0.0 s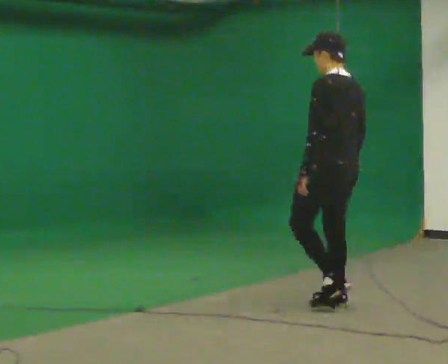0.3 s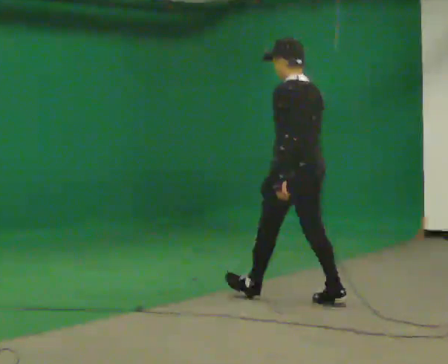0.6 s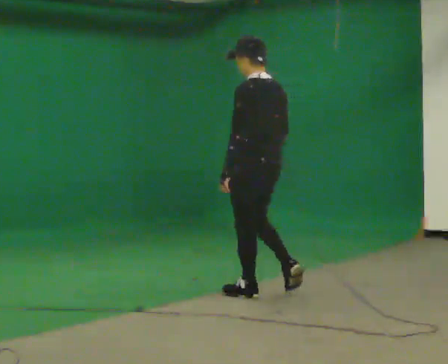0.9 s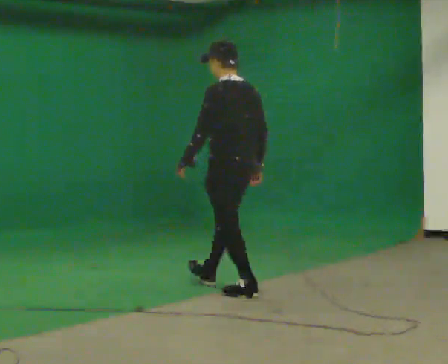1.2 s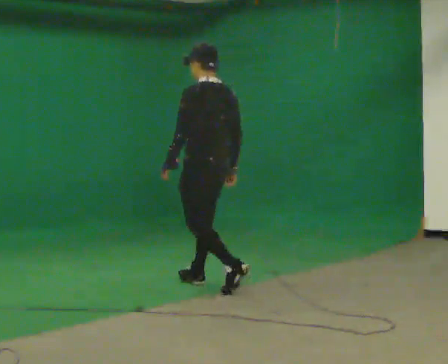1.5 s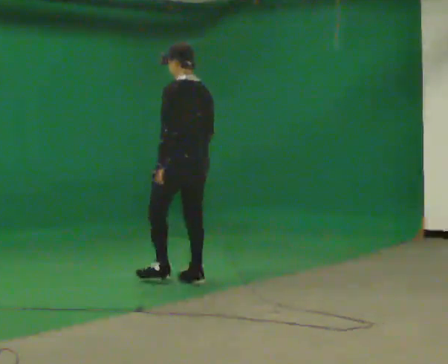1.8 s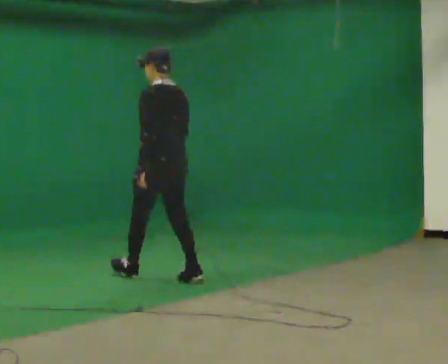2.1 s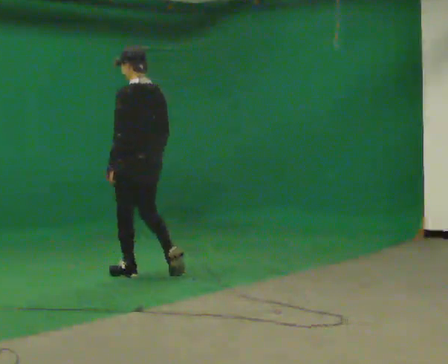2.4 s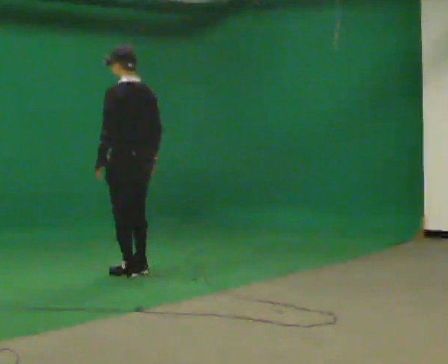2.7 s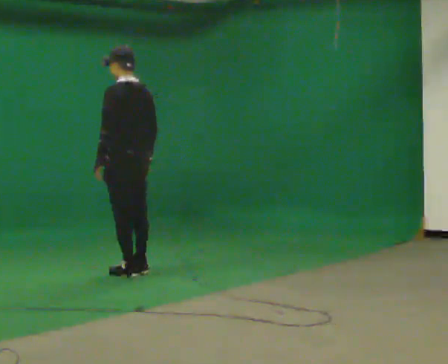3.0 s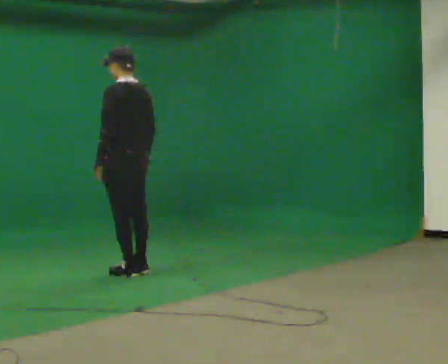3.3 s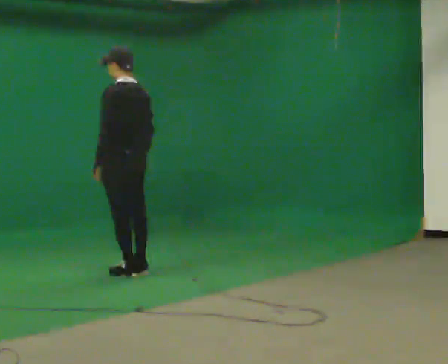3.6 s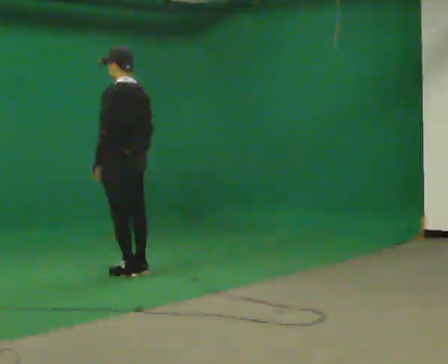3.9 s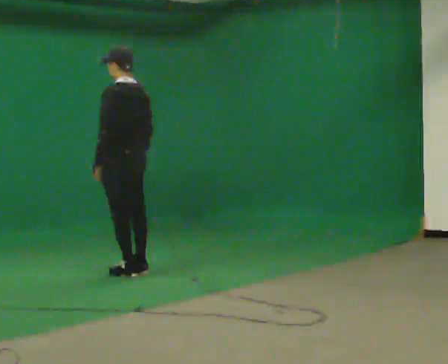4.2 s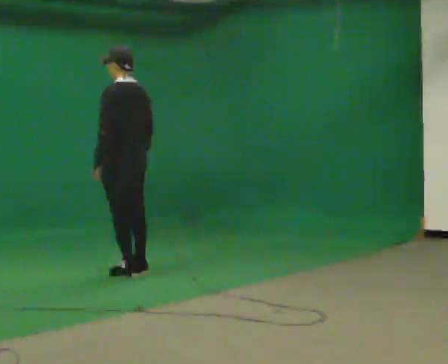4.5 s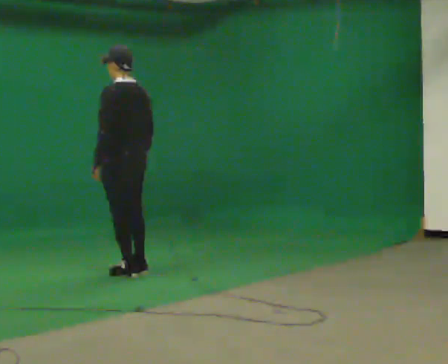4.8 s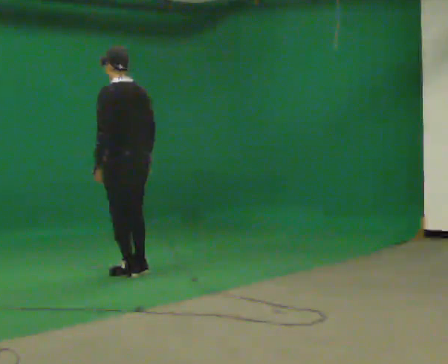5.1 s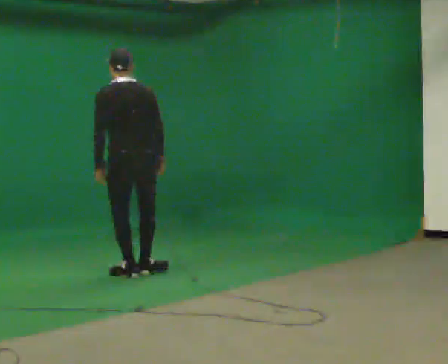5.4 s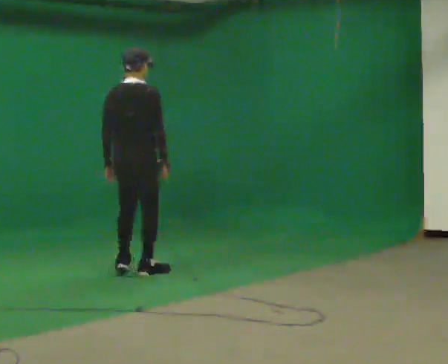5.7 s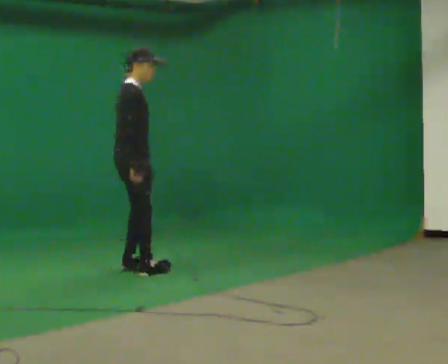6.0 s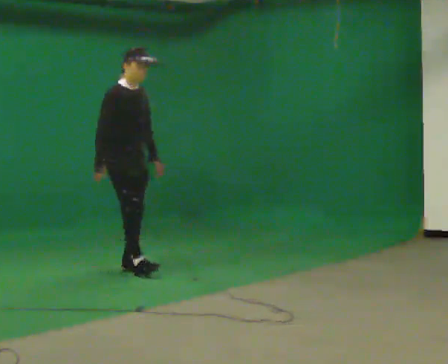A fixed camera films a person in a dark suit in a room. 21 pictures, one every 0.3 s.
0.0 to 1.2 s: In the picture they go away from the camera and to the left, about 1 m in 2 steps, which for them is forward.
1.2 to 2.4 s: In the picture they go to the left and away from the camera, about 0.75 m in 2 steps, which for them is forward.
2.4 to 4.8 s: The person moves a little, or ends about where they began.
4.8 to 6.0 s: The person turns about 165 degrees to their right, clockwise seen from above, so the part of the body nearest the lens slides to the left. In the picture they go away from the camera, about 0.25 m in 1 step. In the picture the upper body tilts clockwise, shoulders to the right.
The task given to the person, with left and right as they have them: Start at normal speed; gradually slow over several steps; stop gently.
The film runs forward here.
